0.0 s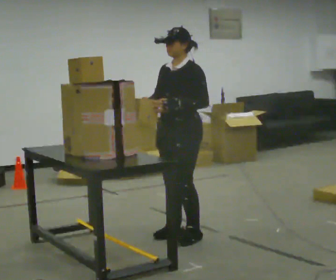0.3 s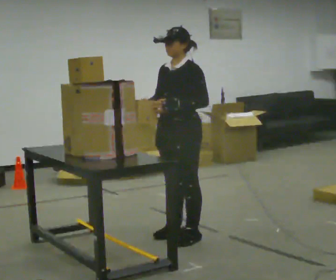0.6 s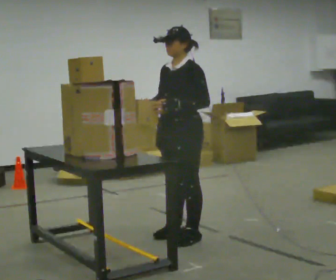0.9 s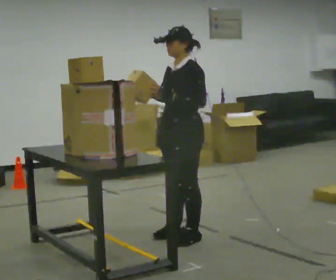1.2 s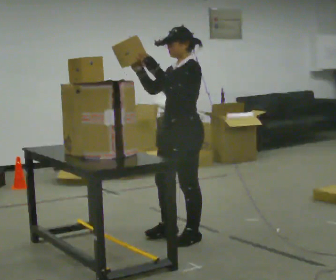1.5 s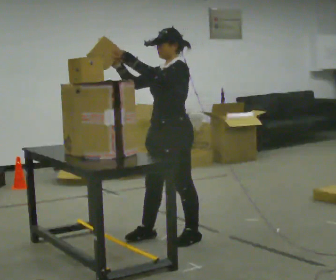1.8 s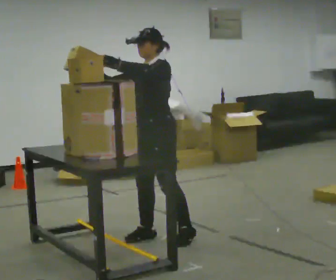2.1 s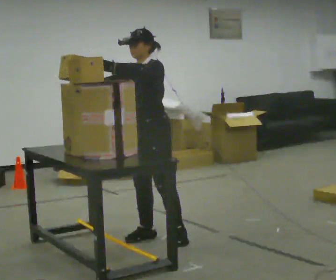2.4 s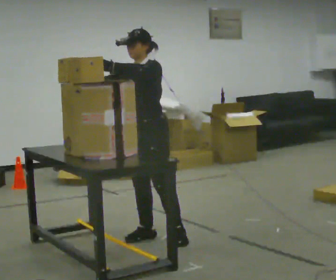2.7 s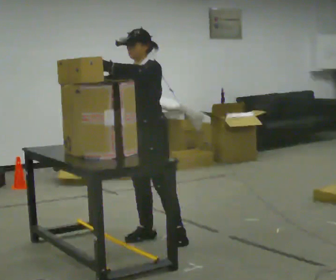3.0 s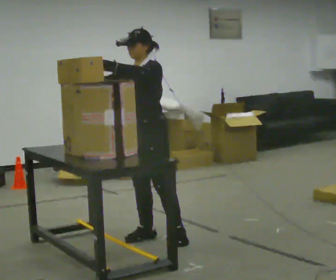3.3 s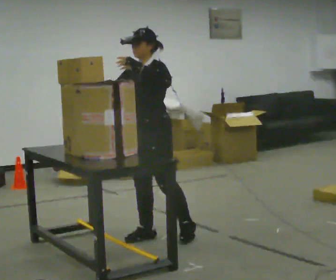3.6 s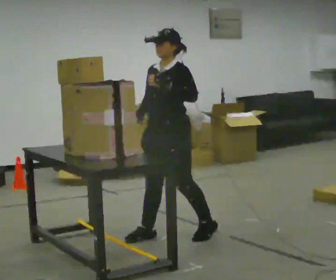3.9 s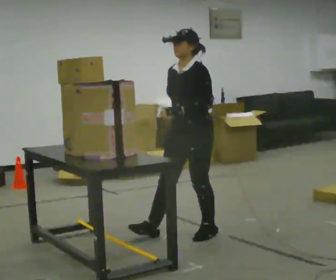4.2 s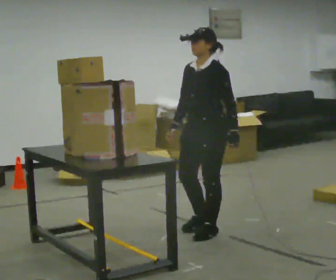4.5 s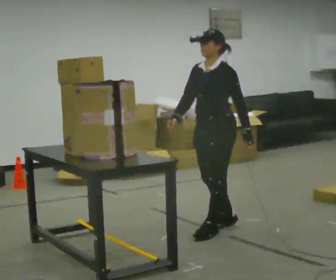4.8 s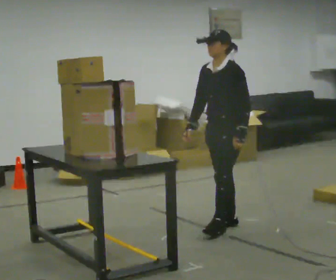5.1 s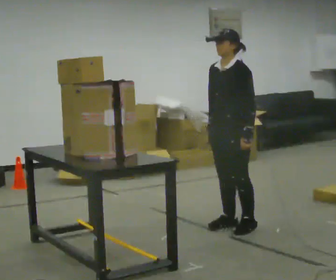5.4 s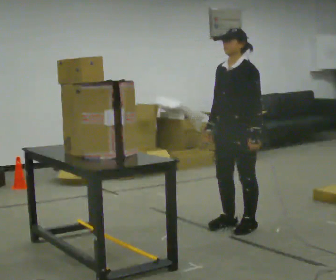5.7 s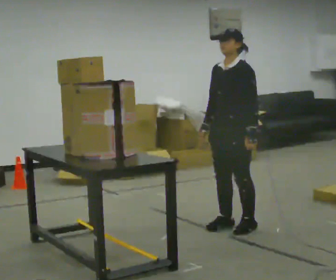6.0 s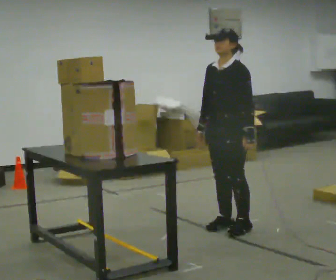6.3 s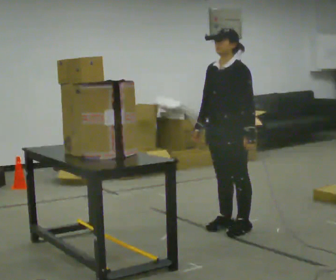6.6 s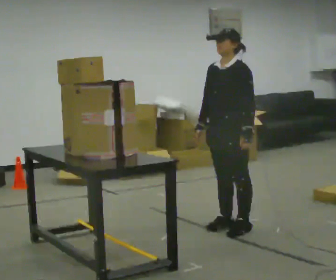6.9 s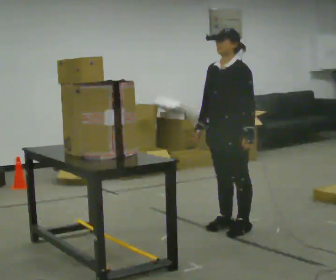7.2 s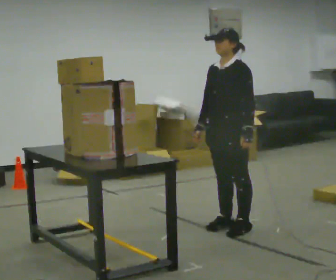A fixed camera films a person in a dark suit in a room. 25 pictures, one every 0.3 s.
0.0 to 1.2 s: The person moves a little, or ends about where they began.
1.2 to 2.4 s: The part of the body nearest the lens slides to the right as the person turns to their left by about 30 degrees. In the picture they go to the left, about 0.25 m in 1 step, which for them is to their right and forward.
2.4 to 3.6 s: In the picture they go to the right, about 0.25 m in 1 step, which for them is to their left and backward. In the picture their right hand goes to the right and downward, the arm swinging counterclockwise.
3.6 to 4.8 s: In the picture they go to the right, about 0.5 m in 1 step, which for them is backward. In the picture their left hand goes downward.
4.8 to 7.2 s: The person moves a little, or ends about where they began.
The film runs forward here.
